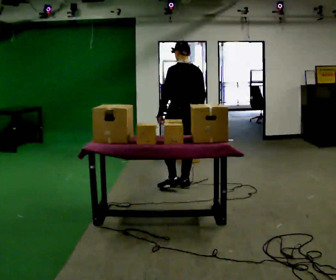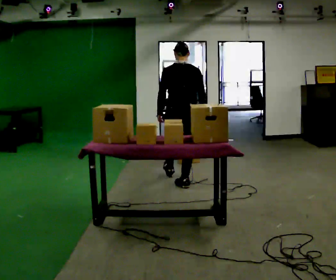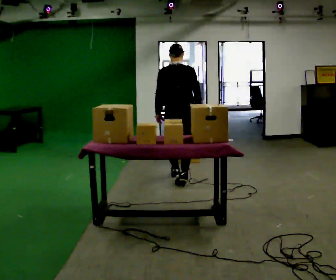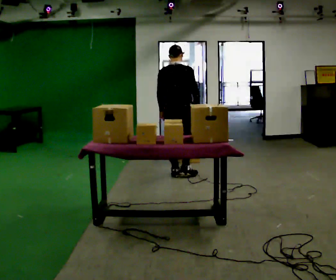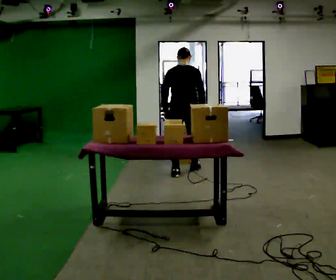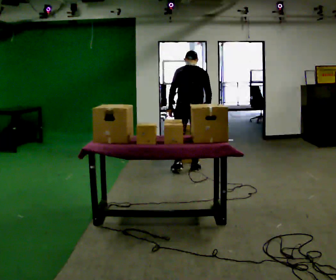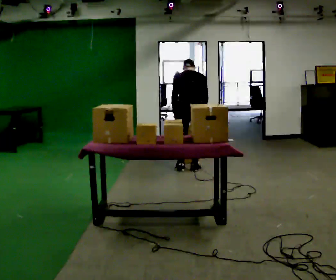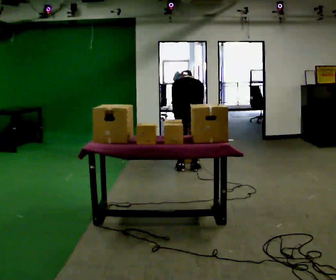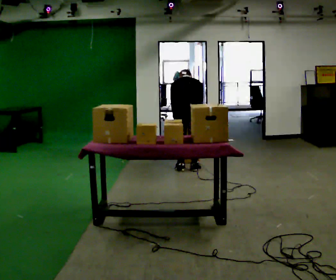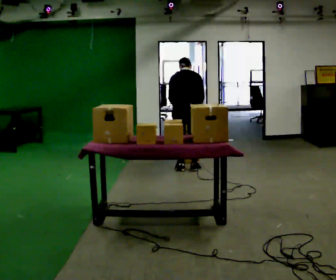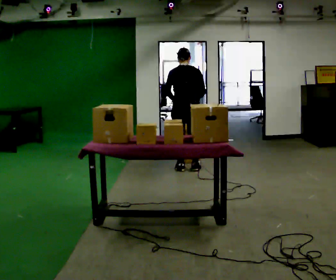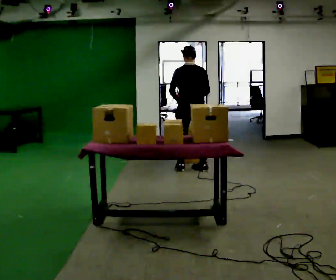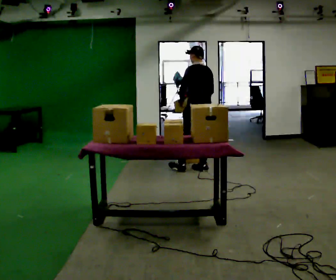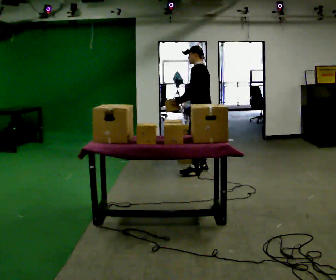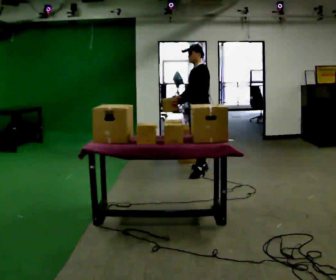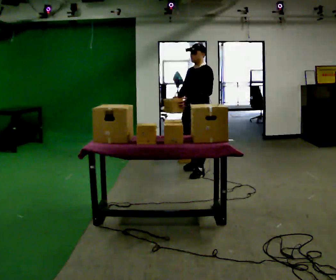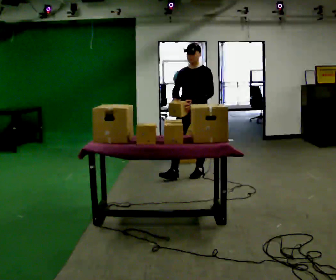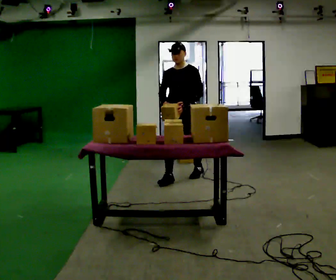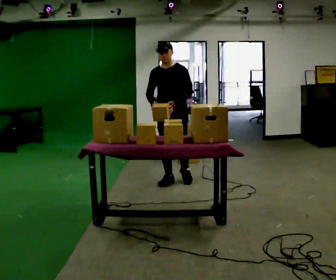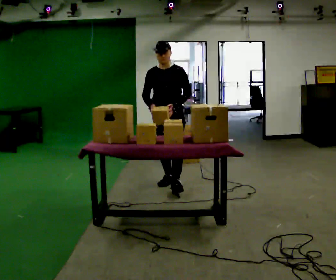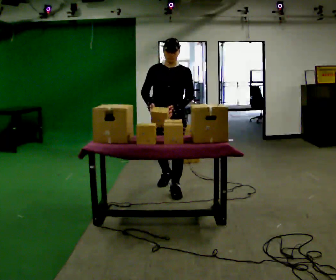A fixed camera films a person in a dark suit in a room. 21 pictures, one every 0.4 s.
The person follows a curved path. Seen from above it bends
clockwise.
0.0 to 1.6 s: The person turns about 45 degrees to their right, clockwise seen from above, so the part of the body nearest the lens slides to the left. In the picture they go away from the camera, about 0.5 m in 2 steps, which for them is forward.
1.6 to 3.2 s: The upper body goes downward. The upper body tips away from the camera, its near side rolling upward, as they bend forward.
3.2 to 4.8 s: Seen from above the body turns counterclockwise, about 45 degrees: to their left, with its near side sliding to the right. In the picture they go to the right, about 0.25 m in 1 step, which for them is to their right. The upper body goes upward. The upper body tips toward the camera, its near side rolling downward, as they lean back or straighten.
4.8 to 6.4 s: Seen from above the body turns counterclockwise, about 105 degrees: to their left, with its near side sliding to the right. In the picture they go toward the camera, about 0.25 m in 1 step.
6.4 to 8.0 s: In the picture they go toward the camera and to the left, about 0.75 m in 2 steps, which for them is forward.
The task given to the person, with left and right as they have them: Carry the object over and fit it into the gap between the two boxes already on the shelf, without touching either of them. Keep going until the operator says stop; one object at a time, and do not rush between trips.
The film runs forward here.
